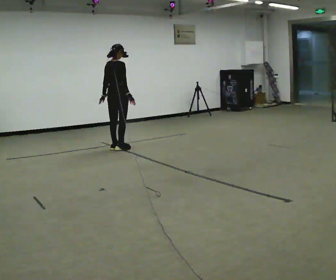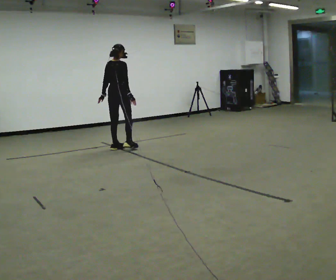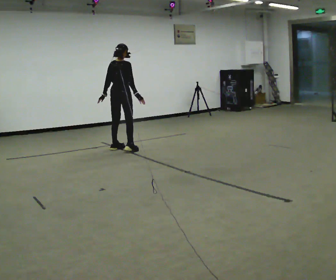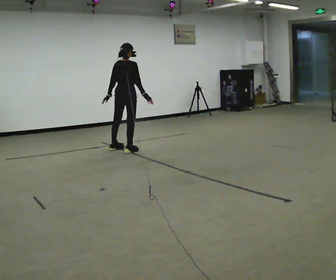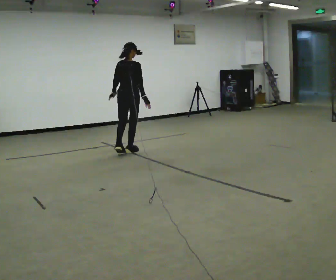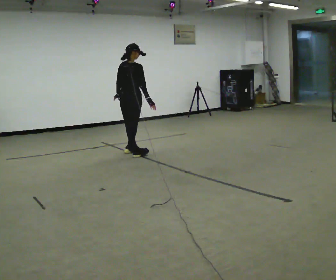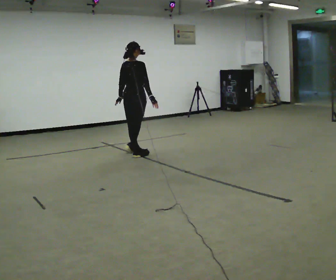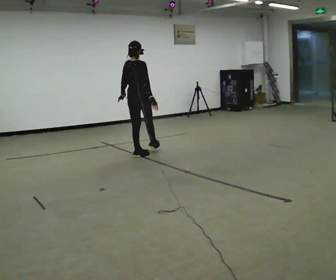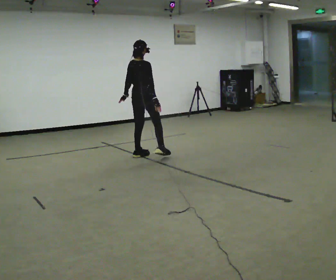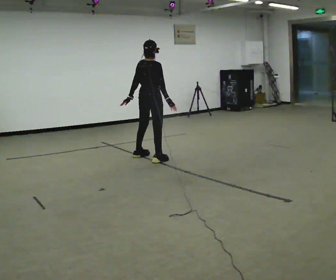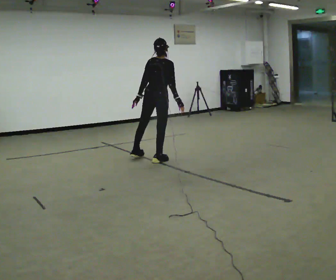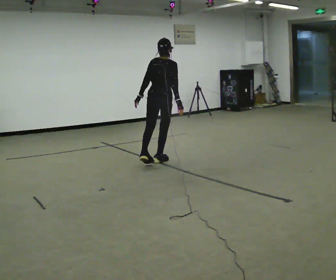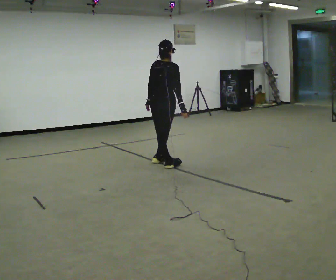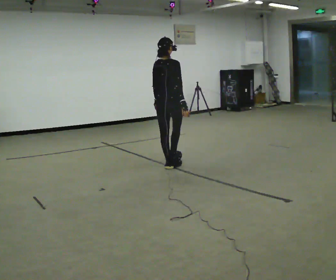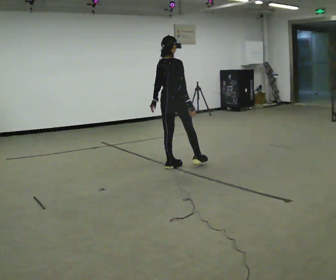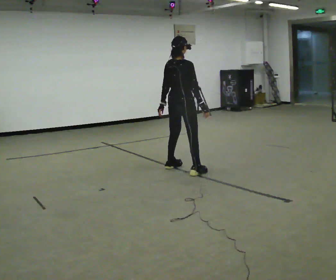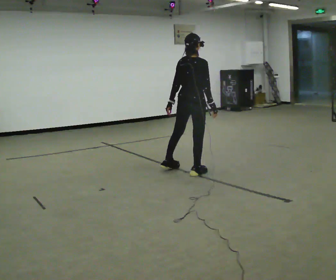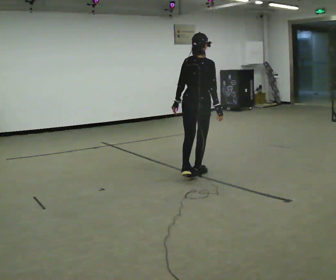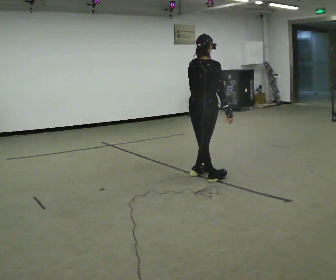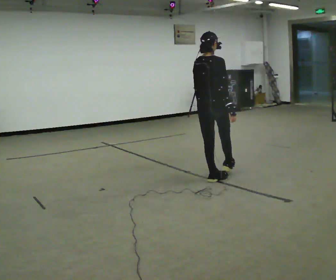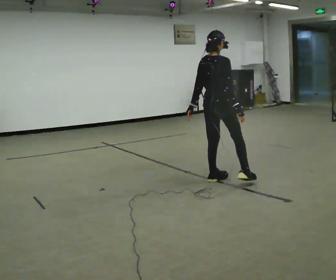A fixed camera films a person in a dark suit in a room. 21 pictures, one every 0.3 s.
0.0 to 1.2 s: In the picture they go toward the camera and to the right, about 0.25 m in 2 steps, which for them is to their right.
1.2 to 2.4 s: In the picture they go toward the camera and to the right, about 0.25 m in 1 step, which for them is to their right and backward.
2.4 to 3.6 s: In the picture they go toward the camera and to the right, about 0.5 m in 1 step, which for them is to their right and backward.
3.6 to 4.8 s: In the picture they go toward the camera and to the right, about 0.5 m in 2 steps, which for them is to their right.
4.8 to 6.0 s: In the picture they go toward the camera and to the right, about 0.5 m in 1 step, which for them is to their right and backward.
The film runs backward here.
